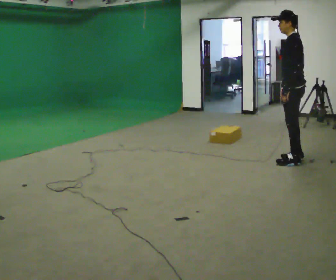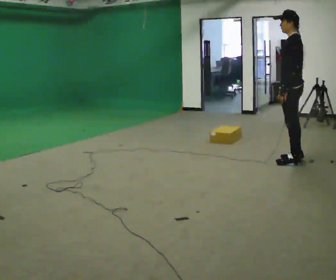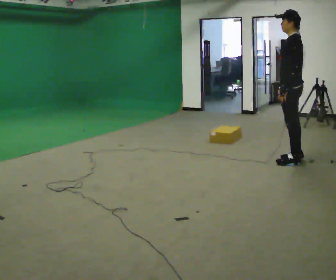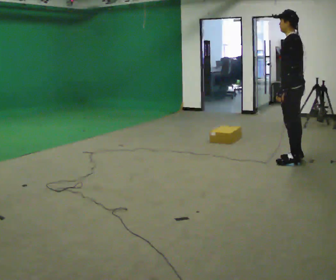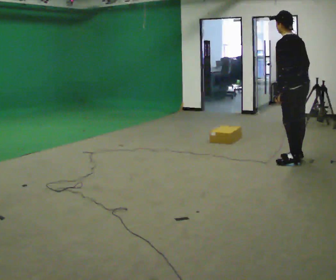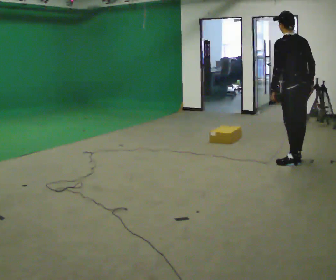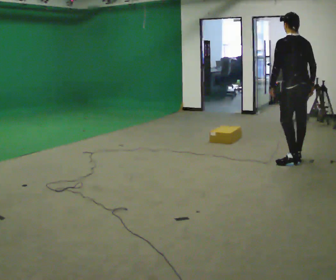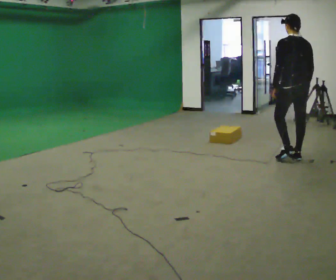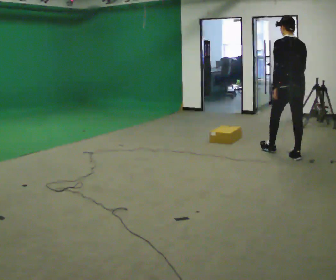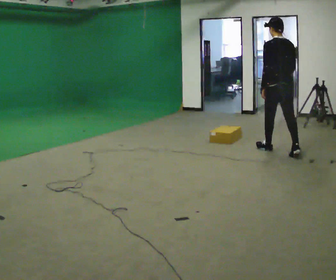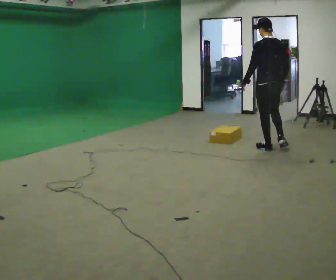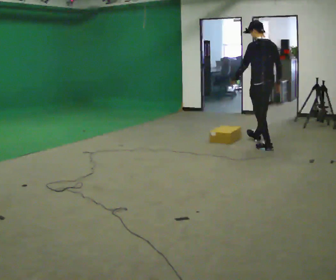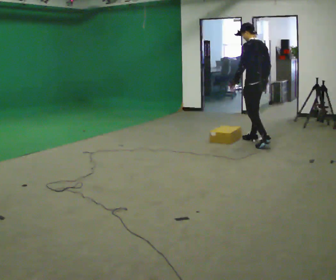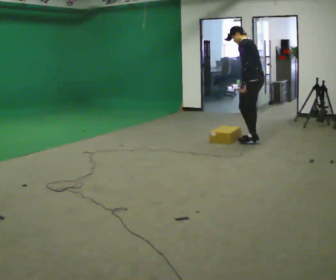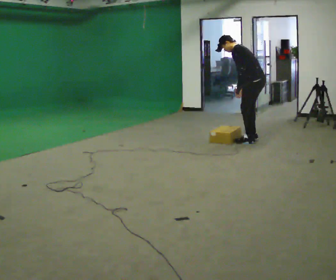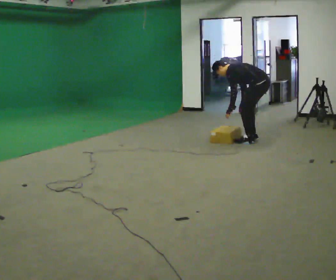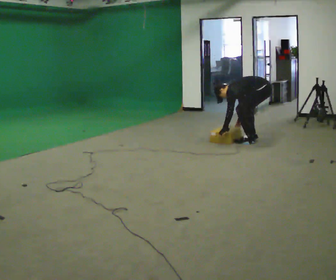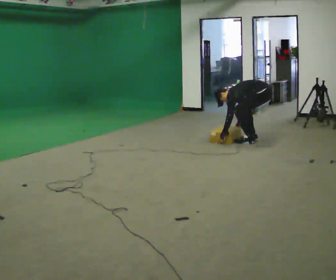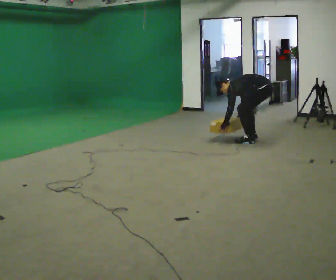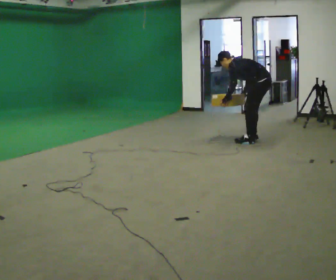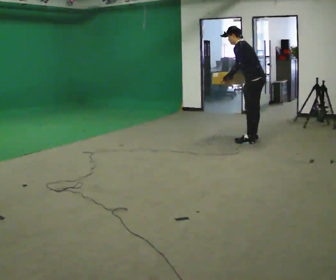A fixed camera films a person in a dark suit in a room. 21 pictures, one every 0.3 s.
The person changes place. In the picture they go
away from the camera.
0.0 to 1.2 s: The part of the body nearest the lens slides to the left as the person turns to their right by about 30 degrees.
1.2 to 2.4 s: The part of the body nearest the lens slides to the left as the person turns to their right by about 30 degrees. In the picture they go away from the camera, about 0.25 m, which for them is forward.
2.4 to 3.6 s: The part of the body nearest the lens slides to the right as the person turns to their left by about 30 degrees. In the picture they go away from the camera and to the left, about 1 m in 2 steps, which for them is forward.
3.6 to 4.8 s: The upper body goes downward. In the picture the upper body tilts counterclockwise, shoulders to the left, as they bend forward. In the picture their left hand goes downward.
4.8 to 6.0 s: The shoulders move upward. In the picture the upper body tilts clockwise, shoulders to the right, as they lean back or straighten. In the picture their left hand goes upward.
The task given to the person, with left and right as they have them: Start still; walk straight at normal comfortable speed; stop at endpoint.
The film runs forward here.
